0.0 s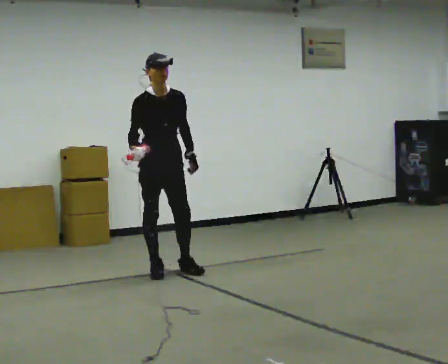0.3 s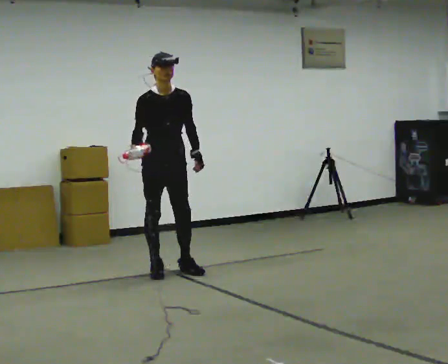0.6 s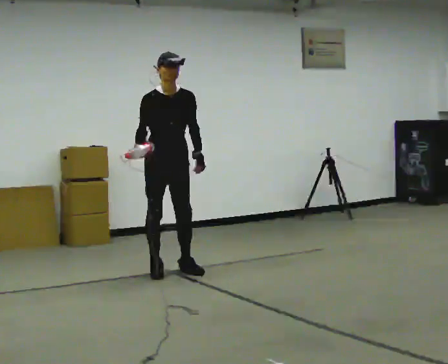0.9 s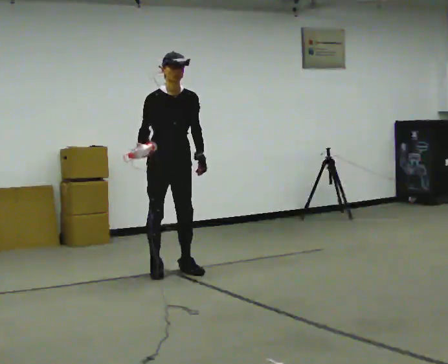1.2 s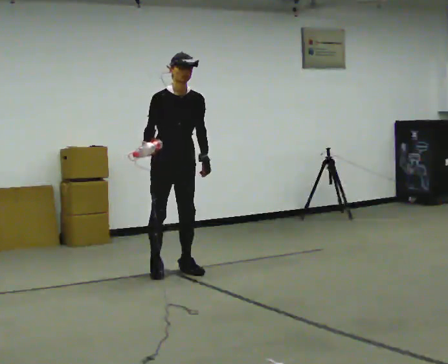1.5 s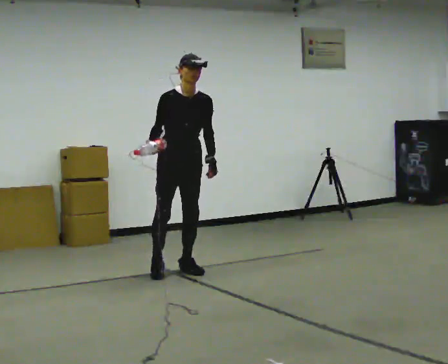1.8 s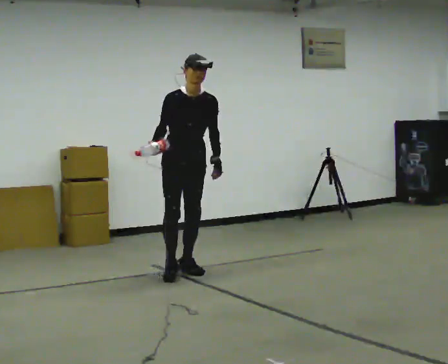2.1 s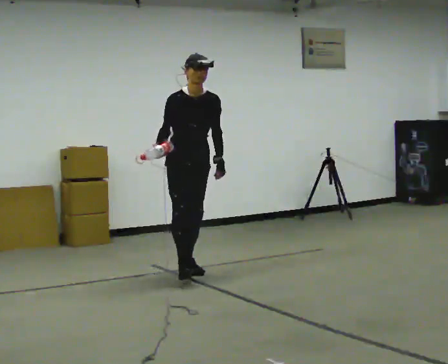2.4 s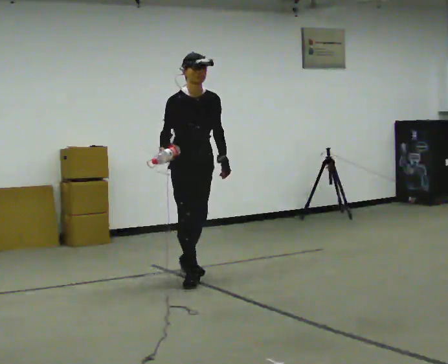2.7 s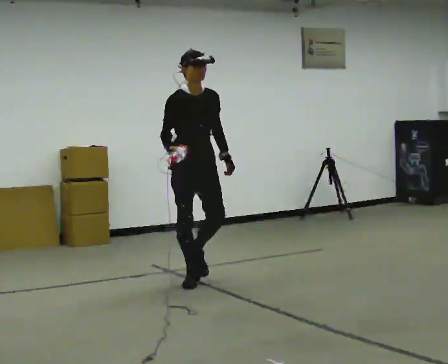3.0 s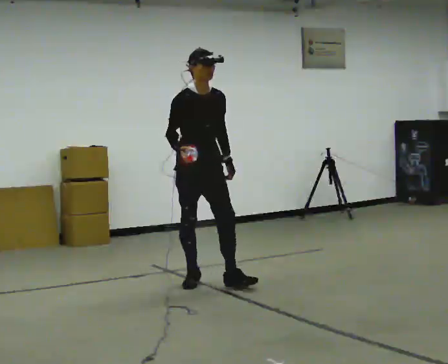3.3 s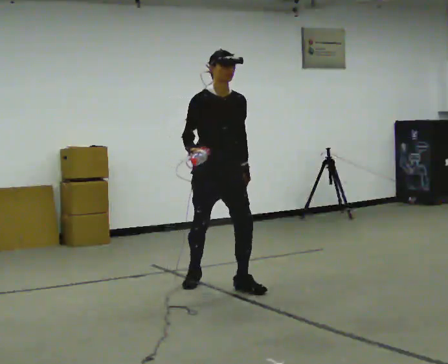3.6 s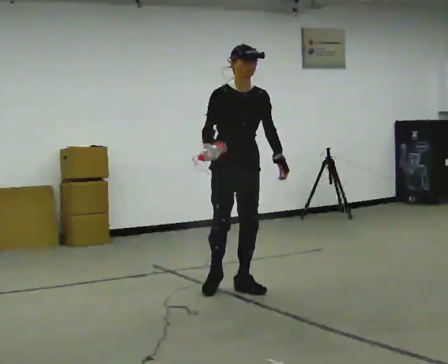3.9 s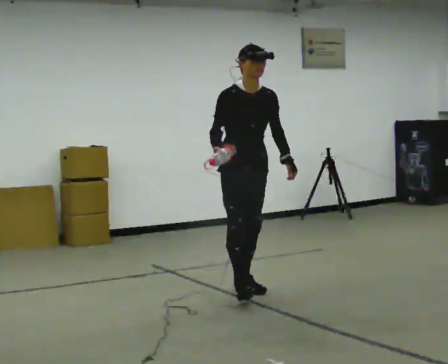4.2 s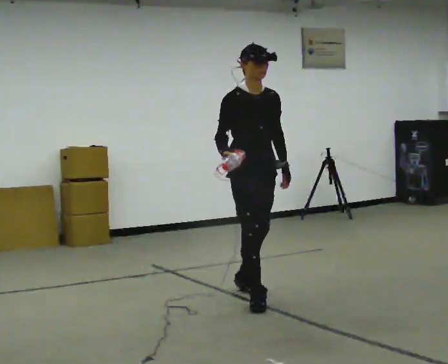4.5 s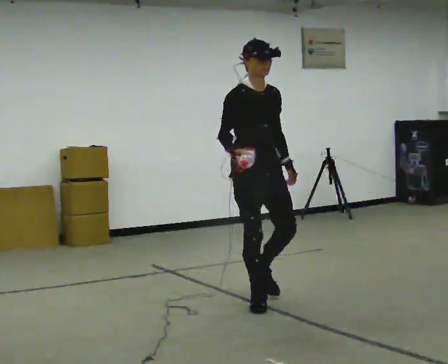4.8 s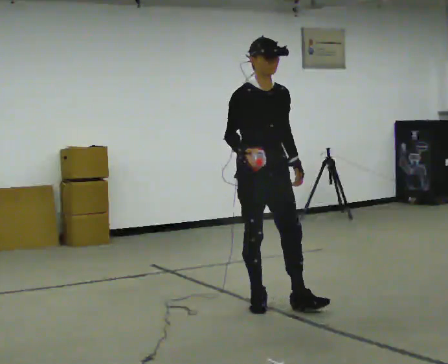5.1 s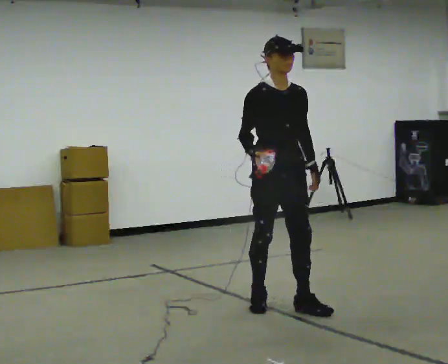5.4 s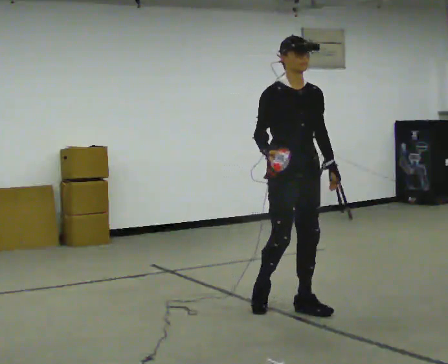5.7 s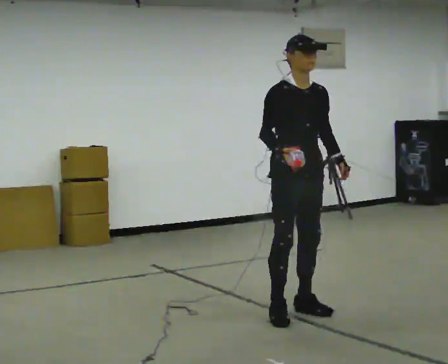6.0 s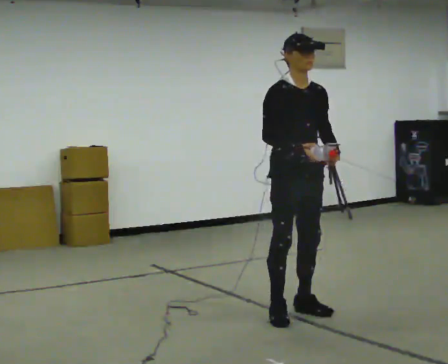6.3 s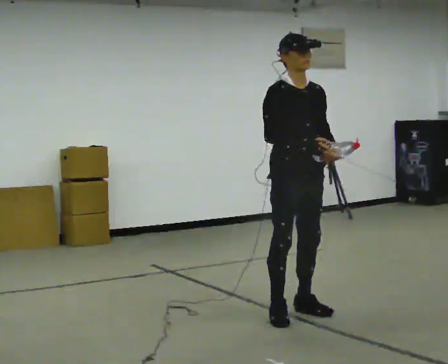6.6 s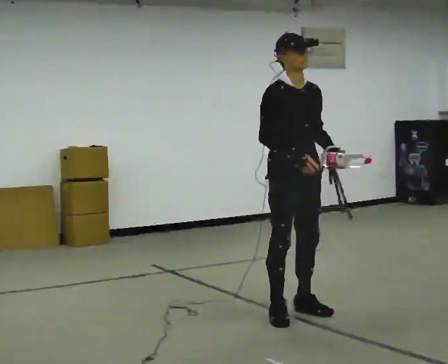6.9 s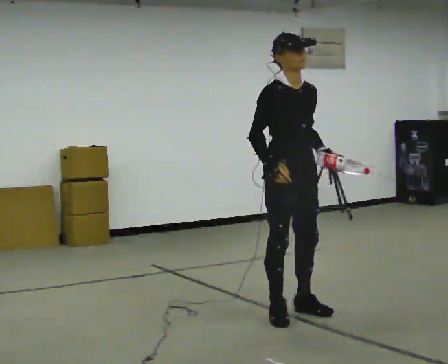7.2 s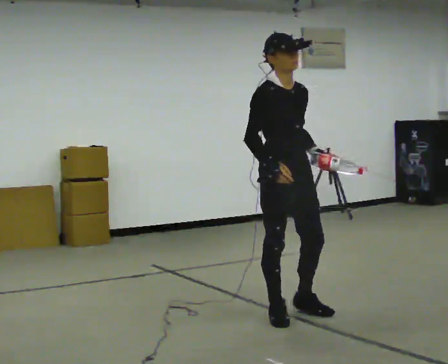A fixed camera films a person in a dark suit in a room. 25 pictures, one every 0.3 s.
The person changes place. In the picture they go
toward the camera.
0.0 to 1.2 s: The person moves a little, or ends about where they began.
1.2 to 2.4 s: In the picture they go toward the camera, about 0.25 m in 1 step, which for them is forward.
2.4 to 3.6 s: In the picture they go toward the camera and to the right, about 0.5 m in 1 step, which for them is forward.
3.6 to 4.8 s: In the picture they go toward the camera, about 0.5 m in 1 step, which for them is forward.
4.8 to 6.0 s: In the picture they go toward the camera and to the right, about 0.25 m in 2 steps, which for them is forward.
6.0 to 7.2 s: The person moves a little, or ends about where they began.
The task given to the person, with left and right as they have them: Carry the object in one hand and, while walking, pass it to your other hand. Keep passing it back and forth as you walk.
The film runs forward here.
